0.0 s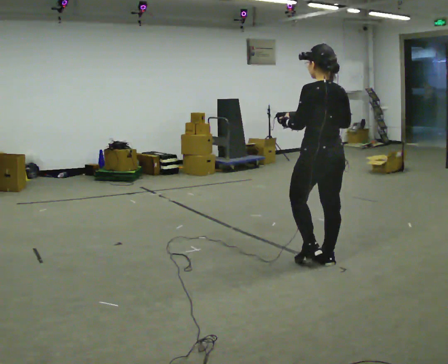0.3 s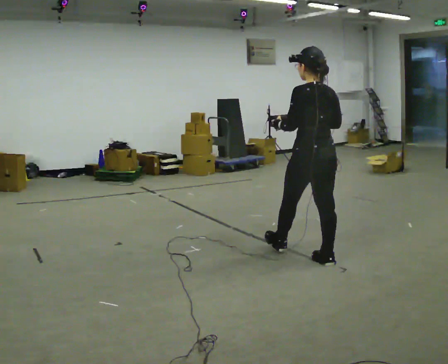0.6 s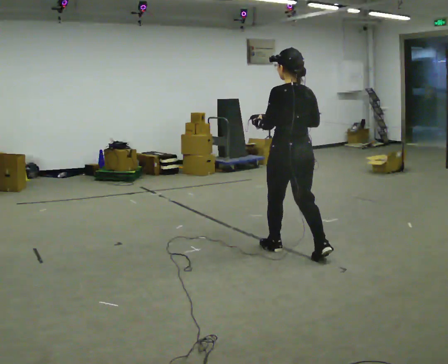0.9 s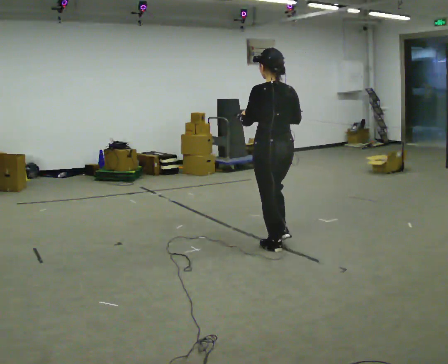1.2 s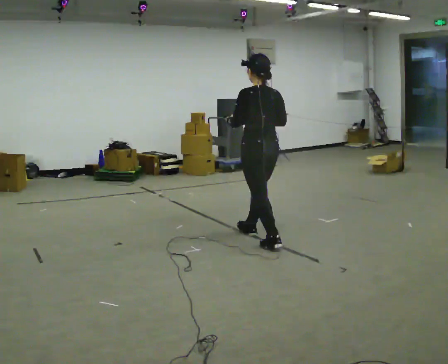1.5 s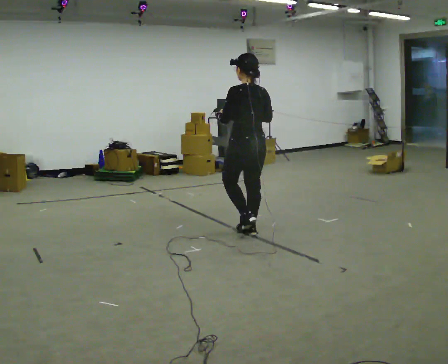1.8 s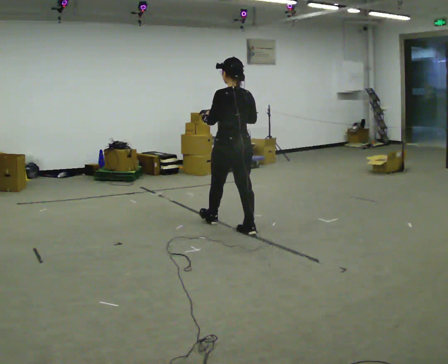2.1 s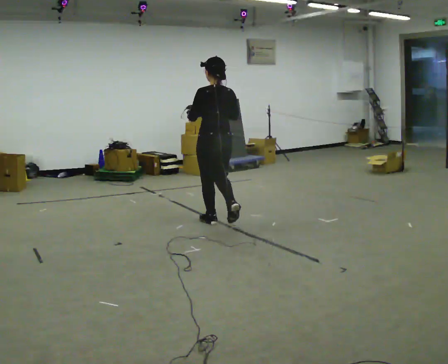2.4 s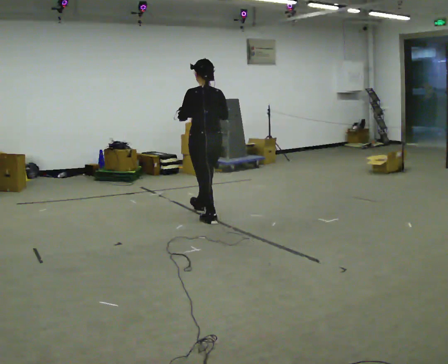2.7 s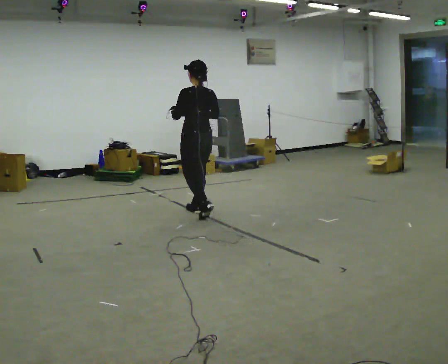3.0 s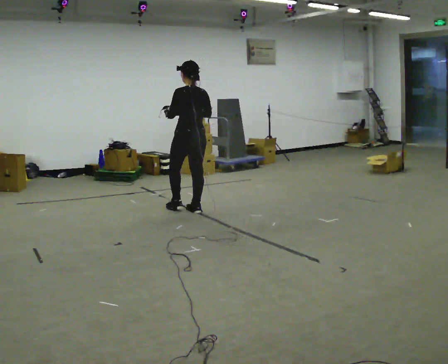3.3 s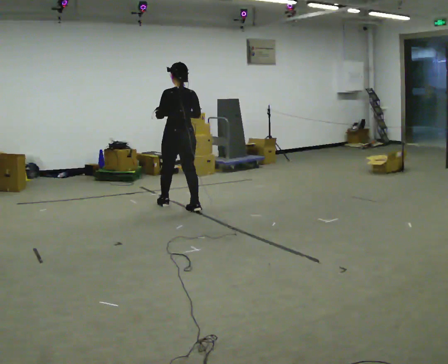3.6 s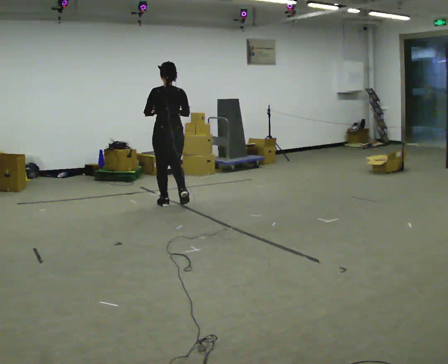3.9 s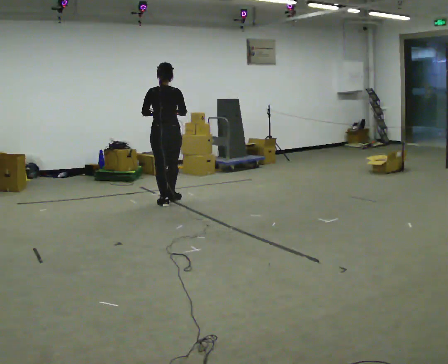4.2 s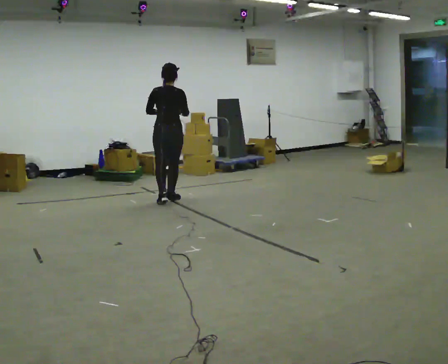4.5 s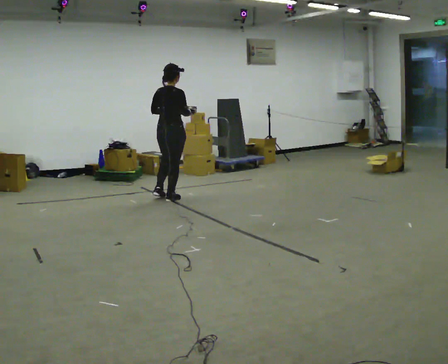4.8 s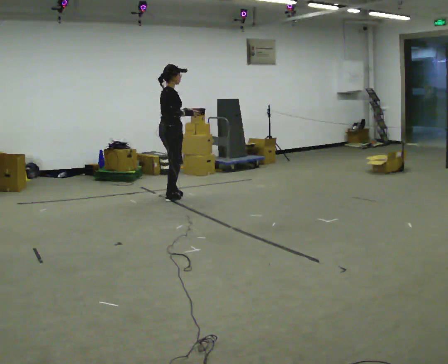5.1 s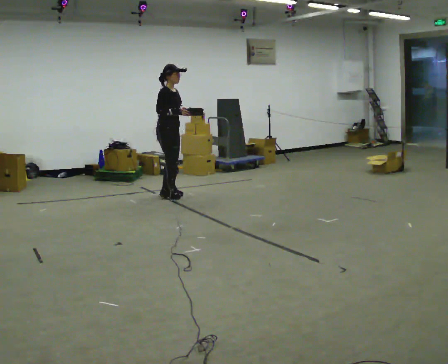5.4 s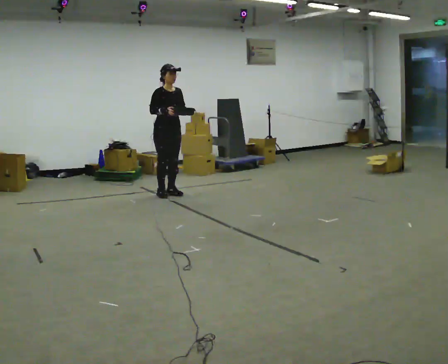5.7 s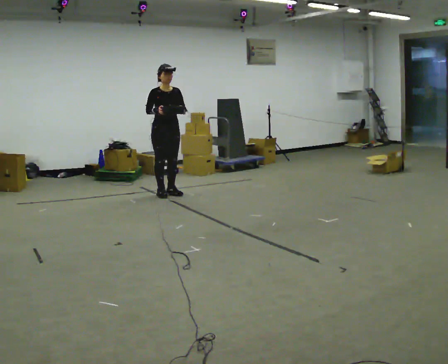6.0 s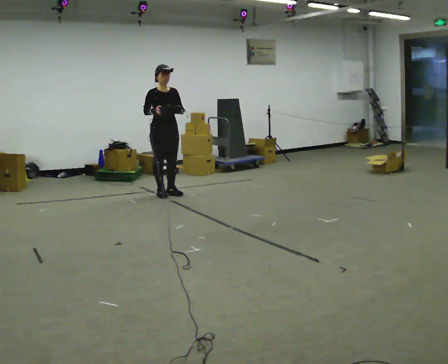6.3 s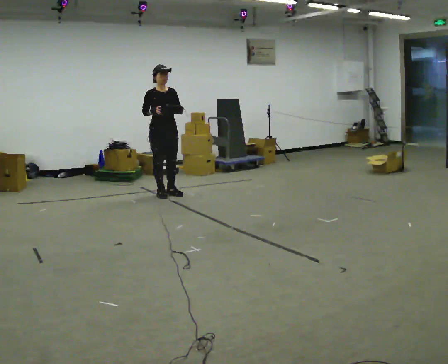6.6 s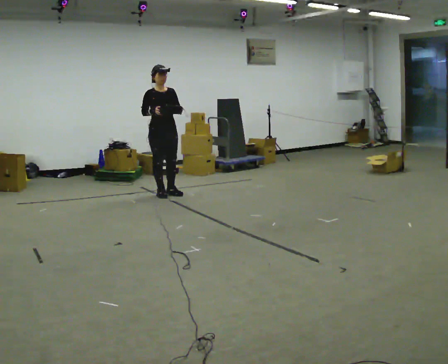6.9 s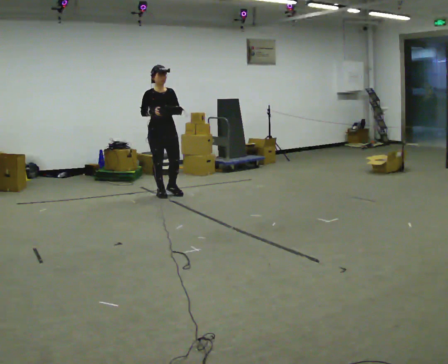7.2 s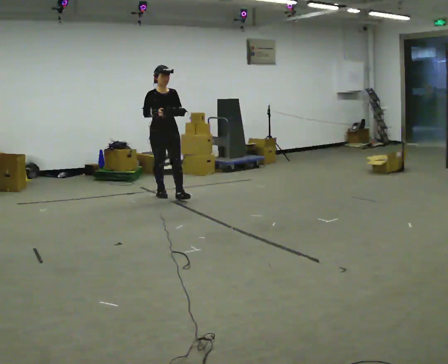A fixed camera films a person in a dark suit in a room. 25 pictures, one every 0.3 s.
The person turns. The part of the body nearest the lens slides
to the left.
The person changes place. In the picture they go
away from the camera.
0.0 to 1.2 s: In the picture they go away from the camera and to the left, about 0.5 m in 2 steps, which for them is forward.
1.2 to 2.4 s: In the picture they go away from the camera and to the left, about 1 m in 1 step, which for them is forward.
2.4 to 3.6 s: In the picture they go away from the camera and to the left, about 0.5 m in 2 steps, which for them is forward.
3.6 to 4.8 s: Seen from above the body turns clockwise, about 90 degrees: to their right, with its near side sliding to the left. In the picture they go away from the camera, about 0.5 m in 2 steps.
4.8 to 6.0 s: The person turns about 90 degrees to their right, clockwise seen from above, so the part of the body nearest the lens slides to the left. In the picture they go away from the camera, about 0.25 m in 1 step.
6.0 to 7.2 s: The person moves a little, or ends about where they began.
The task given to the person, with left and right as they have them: Carry the object across the room. The lid hangs loose and will swing, so carry it however works. Keep going until the operator says stop; one object at a time, and do not rush between trips.
The film runs forward here.
